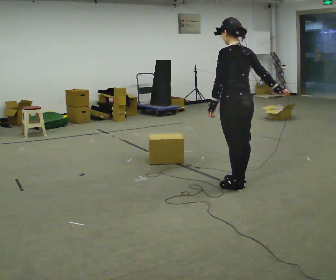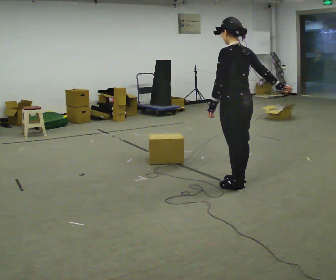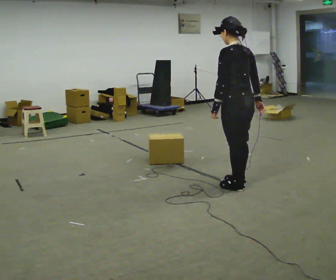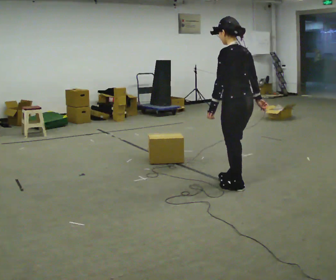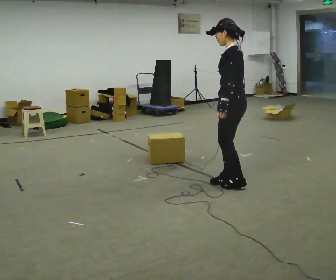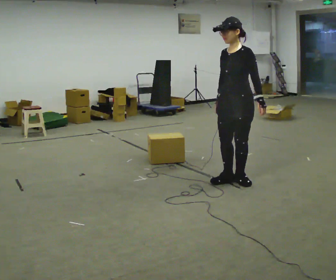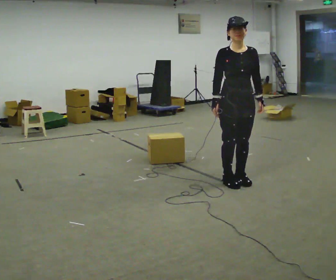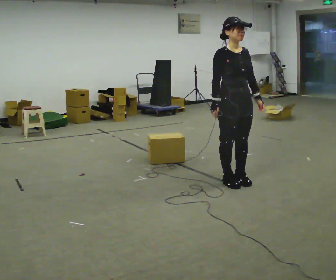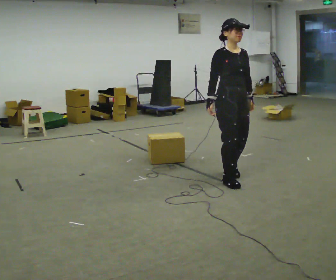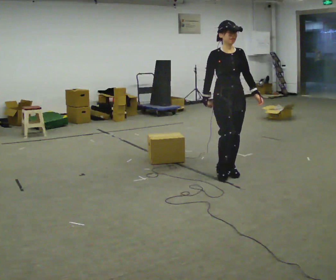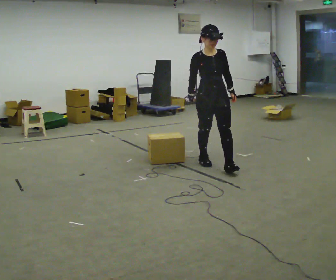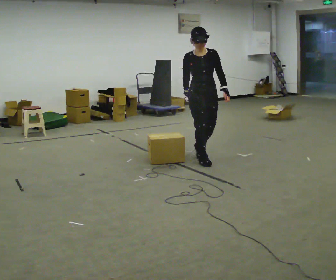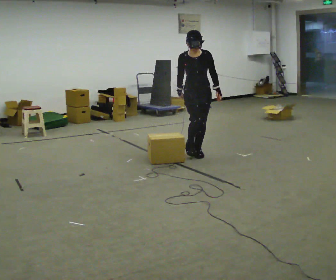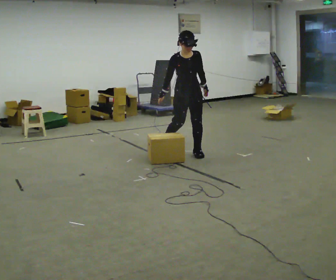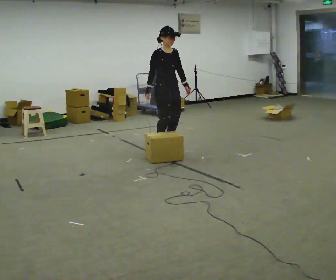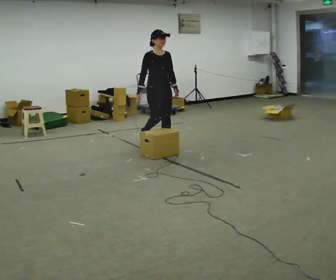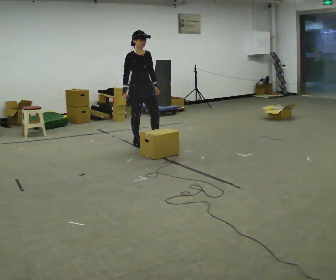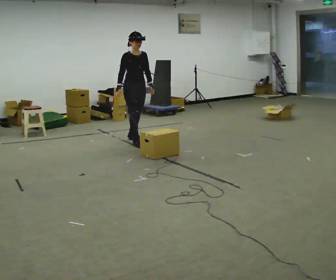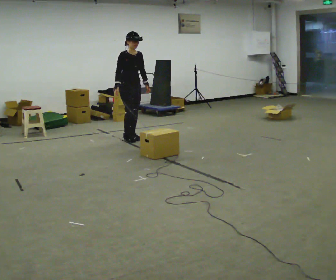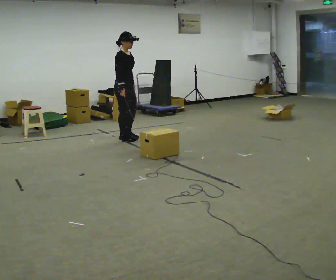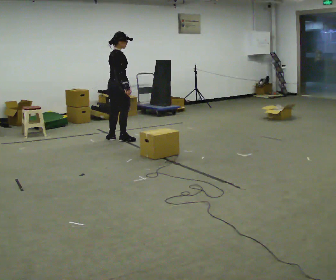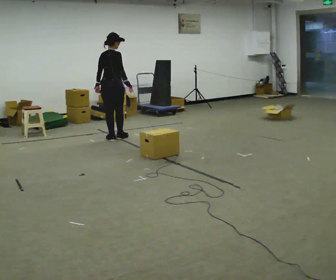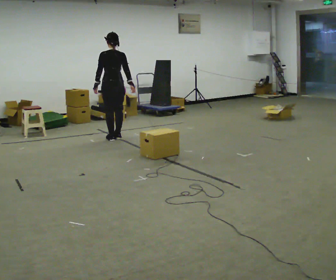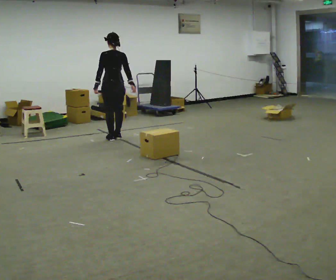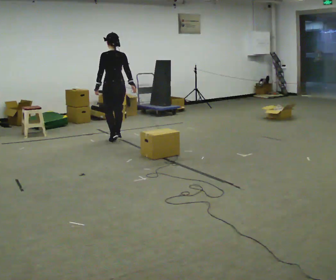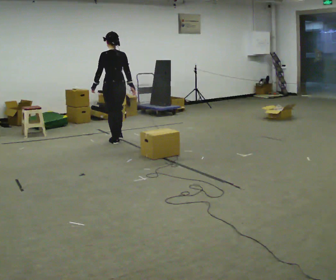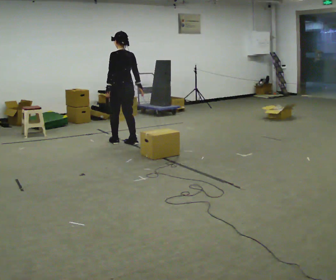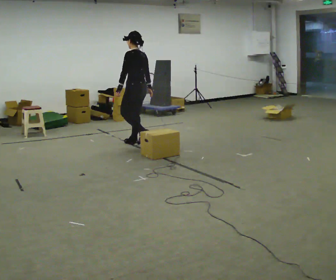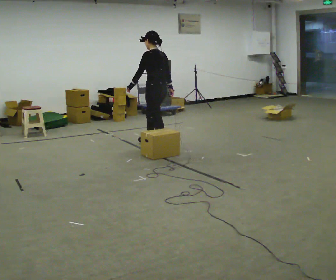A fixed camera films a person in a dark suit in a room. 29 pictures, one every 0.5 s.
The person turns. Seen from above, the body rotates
counterclockwise.
The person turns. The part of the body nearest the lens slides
to the right.
0.0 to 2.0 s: The person turns about 45 degrees to their left, counterclockwise seen from above, so the part of the body nearest the lens slides to the right. In the picture their right hand goes to the left, the arm swinging clockwise.
2.0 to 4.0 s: The person turns about 135 degrees to their left, counterclockwise seen from above, so the part of the body nearest the lens slides to the right.
4.0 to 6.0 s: In the picture they go away from the camera, about 1 m in 3 steps, which for them is backward. The upper body tips toward the camera, its near side rolling downward, as they bend forward.
6.0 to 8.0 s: The part of the body nearest the lens slides to the right as the person turns to their left by about 30 degrees. In the picture they go to the left and away from the camera, about 1 m in 3 steps, which for them is backward.
8.0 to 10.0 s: The part of the body nearest the lens slides to the right as the person turns to their left by about 90 degrees. In the picture they go to the left and away from the camera, about 0.5 m in 2 steps.
10.0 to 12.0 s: Seen from above the body turns counterclockwise, about 75 degrees: to their left, with its near side sliding to the right.
12.0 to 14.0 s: The person turns about 30 degrees to their left, counterclockwise seen from above, so the part of the body nearest the lens slides to the right. In the picture they go to the right and toward the camera, about 1 m in 3 steps, which for them is backward.
The film runs backward here.
